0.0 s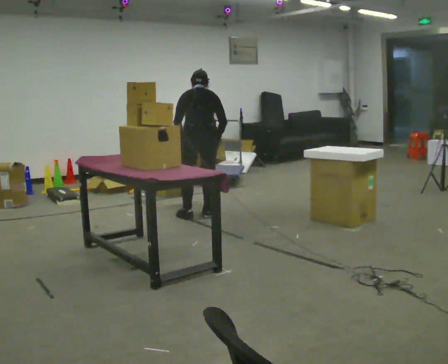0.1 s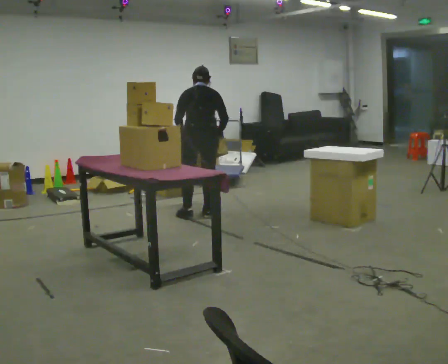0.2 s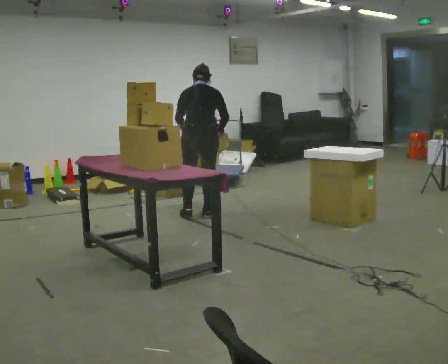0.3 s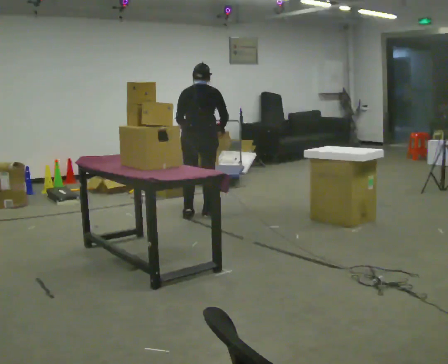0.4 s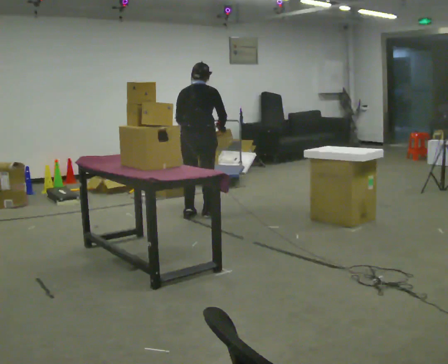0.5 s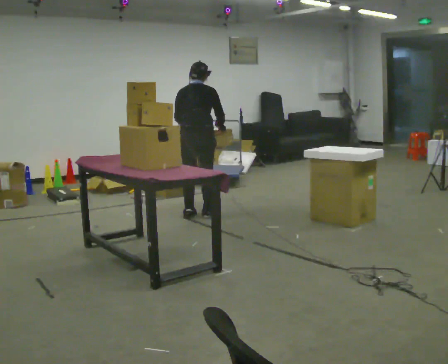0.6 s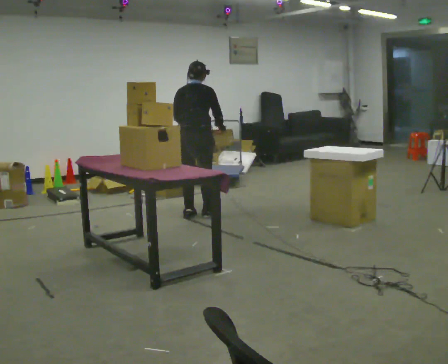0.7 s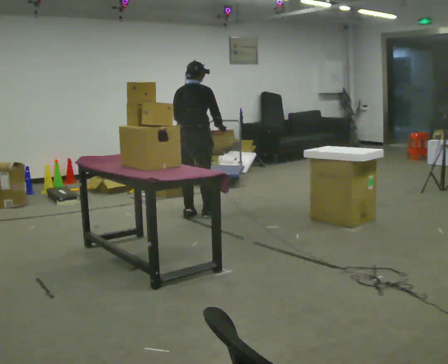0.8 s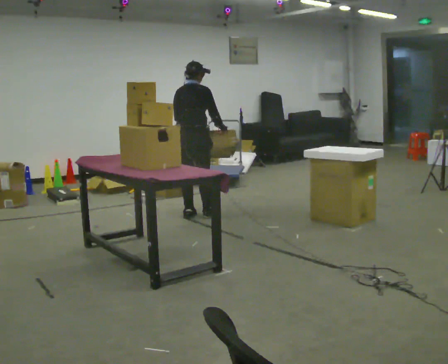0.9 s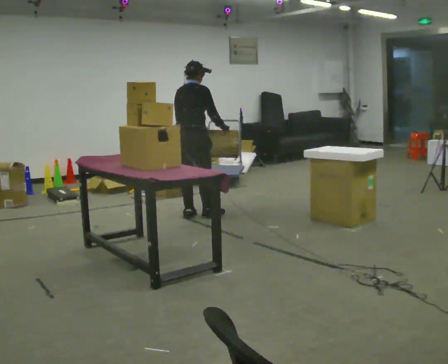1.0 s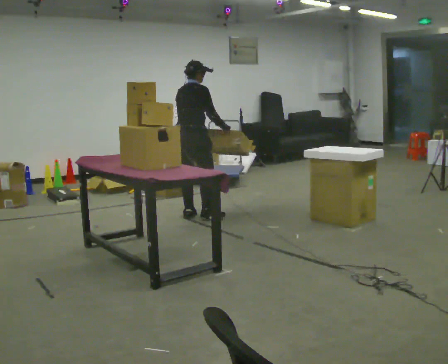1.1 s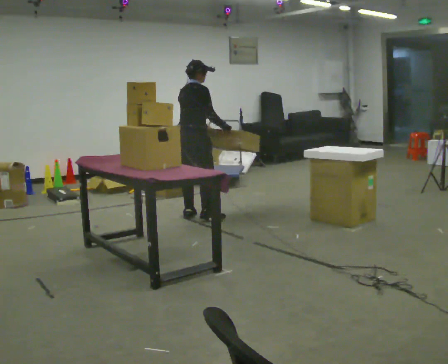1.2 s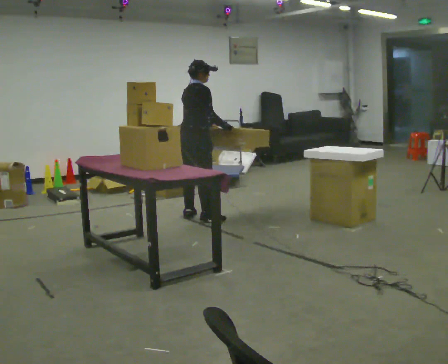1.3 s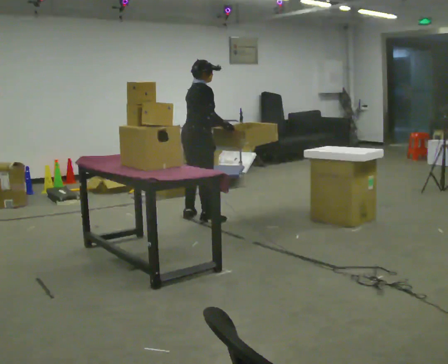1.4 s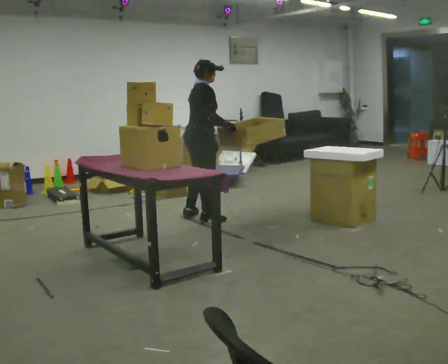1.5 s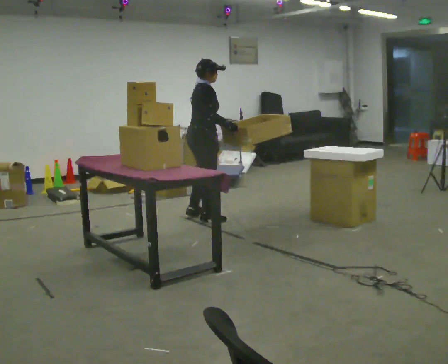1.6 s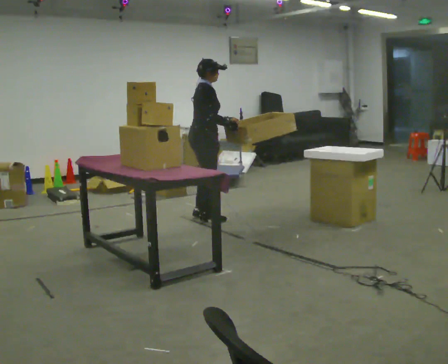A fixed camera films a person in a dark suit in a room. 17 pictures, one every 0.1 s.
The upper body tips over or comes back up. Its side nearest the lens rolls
downward.
The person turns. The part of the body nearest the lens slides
to the left.
0.0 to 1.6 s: The person turns about 90 degrees to their right, clockwise seen from above, so the part of the body nearest the lens slides to the left. The upper body tips toward the camera, its near side rolling downward, as they lean back or straighten. In the picture their left hand goes to the right, the arm swinging counterclockwise.
The film runs forward here.
